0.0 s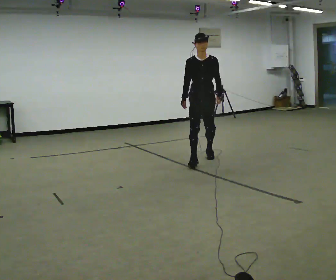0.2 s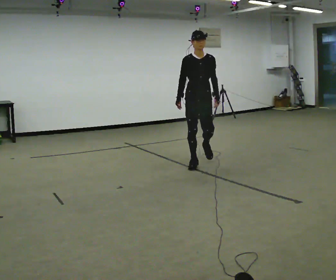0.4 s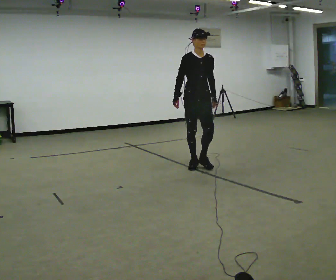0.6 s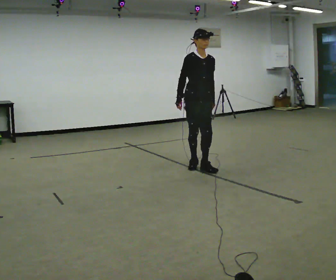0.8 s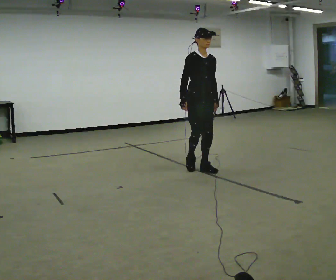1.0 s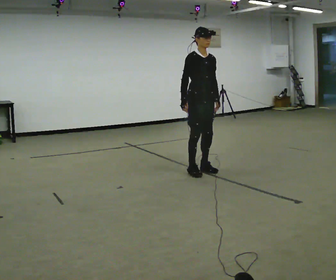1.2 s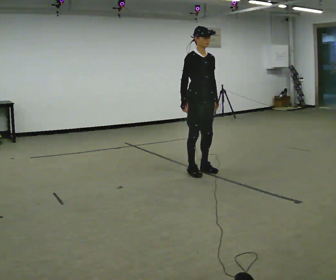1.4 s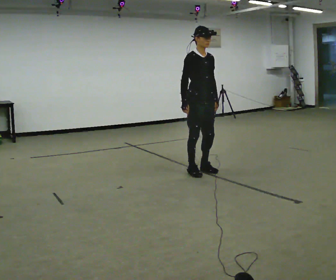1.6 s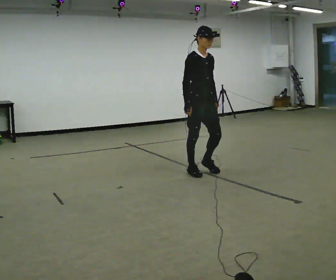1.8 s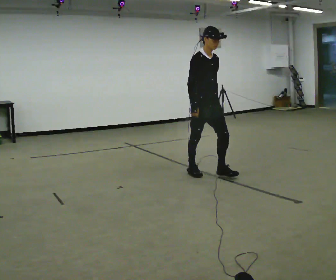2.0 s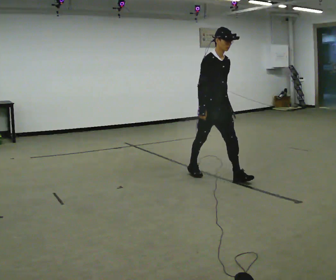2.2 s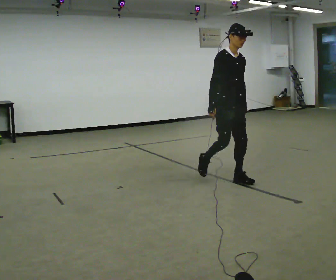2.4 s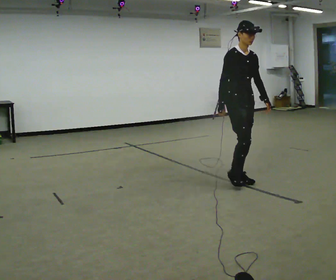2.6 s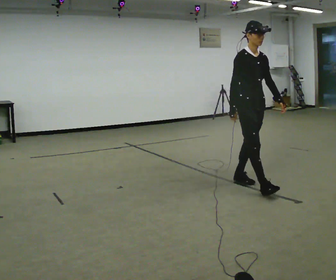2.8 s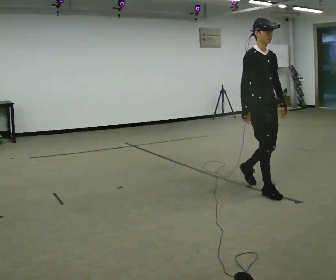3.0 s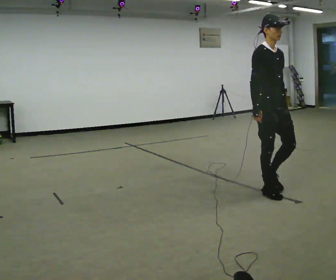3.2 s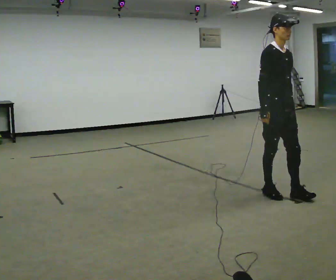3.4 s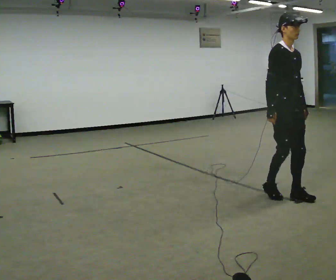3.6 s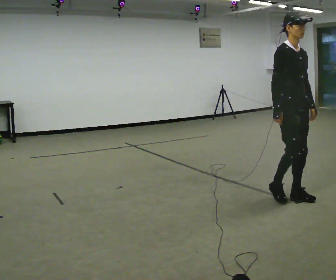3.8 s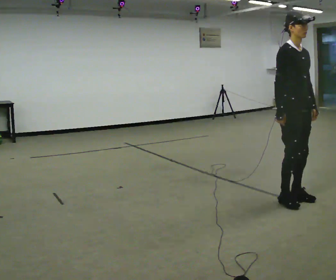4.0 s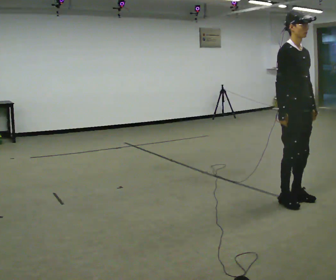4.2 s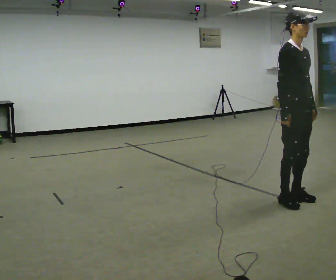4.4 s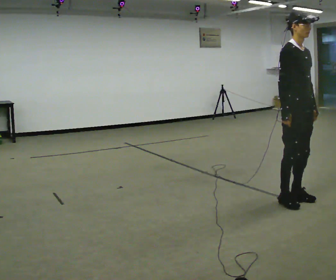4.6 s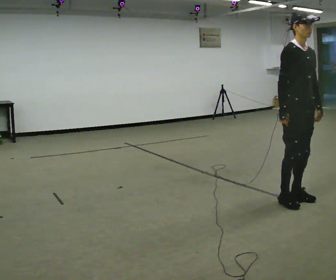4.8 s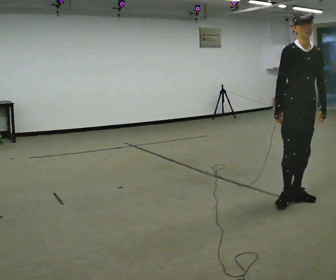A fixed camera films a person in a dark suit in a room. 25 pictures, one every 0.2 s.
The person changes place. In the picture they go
toward the camera.
0.0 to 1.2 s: The part of the body nearest the lens slides to the right as the person turns to their left by about 45 degrees. In the picture they go toward the camera, about 0.5 m in 3 steps, which for them is forward and to their right.
1.2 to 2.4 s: In the picture they go toward the camera and to the right, about 0.75 m in 1 step, which for them is forward.
2.4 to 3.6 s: In the picture they go toward the camera and to the right, about 0.5 m in 2 steps, which for them is forward.
3.6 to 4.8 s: The person moves a little, or ends about where they began.
The film runs forward here.
